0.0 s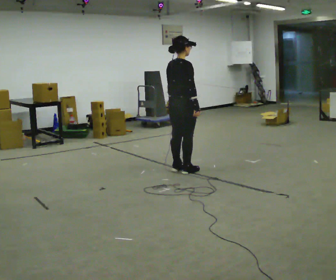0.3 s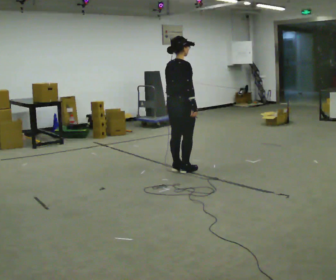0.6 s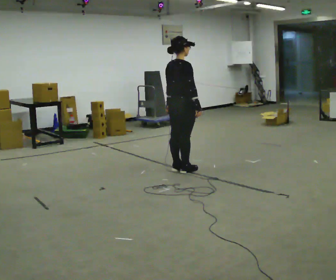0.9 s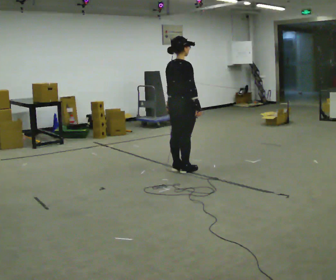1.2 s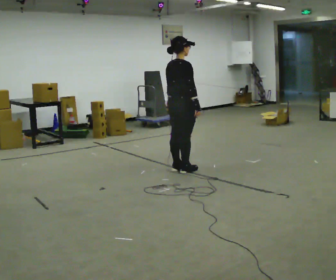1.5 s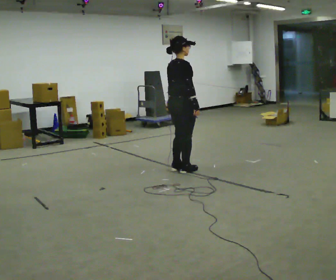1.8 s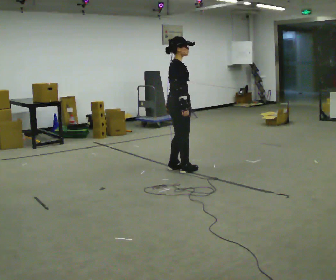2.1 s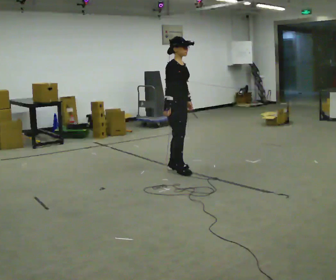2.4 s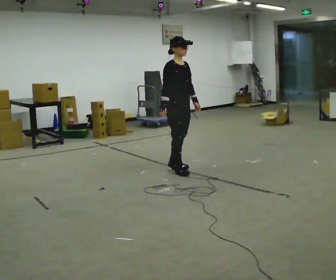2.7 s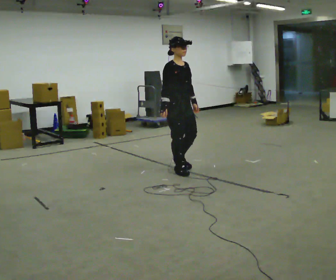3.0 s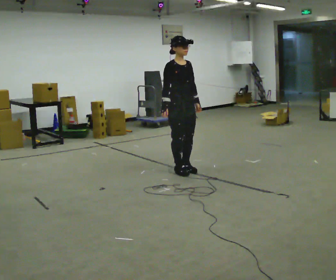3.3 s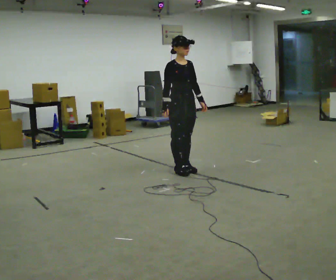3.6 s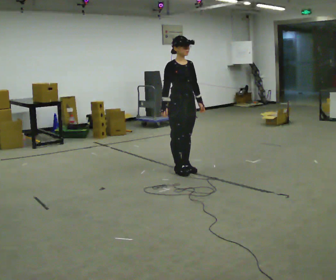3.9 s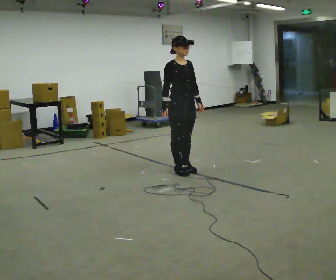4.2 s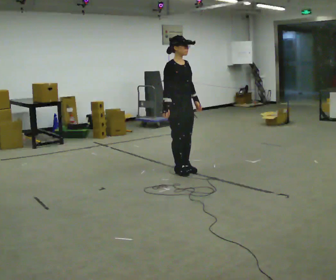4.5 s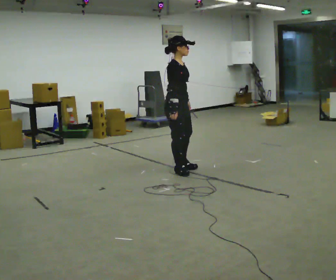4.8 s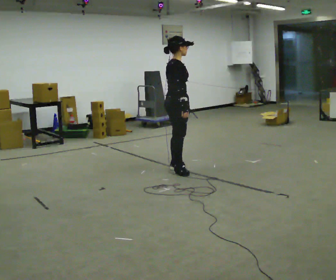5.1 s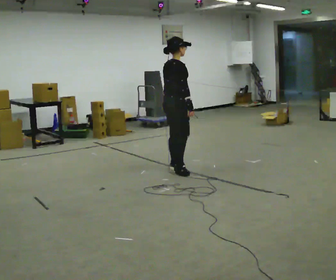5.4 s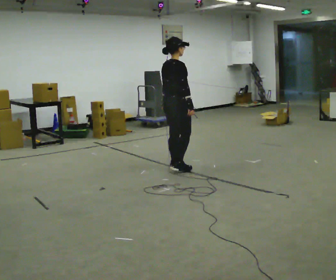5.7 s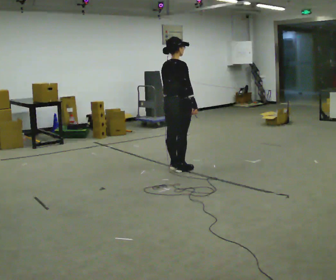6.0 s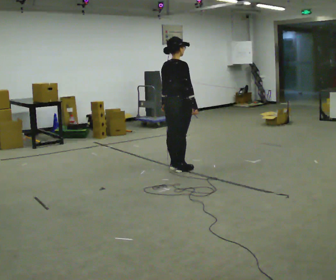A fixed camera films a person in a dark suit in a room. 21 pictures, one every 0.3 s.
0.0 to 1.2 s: The person moves a little, or ends about where they began.
1.2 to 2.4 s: The person turns about 75 degrees to their right, clockwise seen from above, so the part of the body nearest the lens slides to the left. In the picture their right hand goes to the left.
2.4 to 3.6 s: The person moves a little, or ends about where they began.
3.6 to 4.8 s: Seen from above the body turns counterclockwise, about 60 degrees: to their left, with its near side sliding to the right. In the picture their left hand goes to the left.
4.8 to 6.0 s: The person turns about 30 degrees to their left, counterclockwise seen from above, so the part of the body nearest the lens slides to the right.
The film runs forward here.
